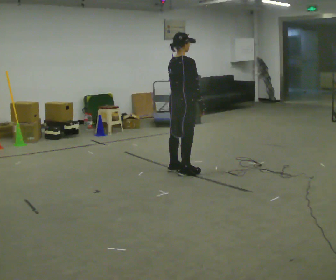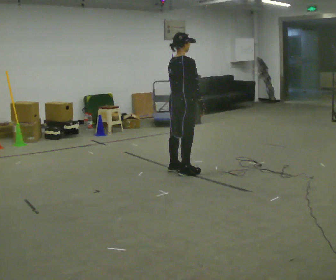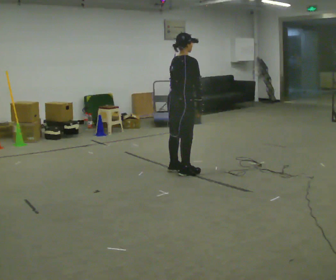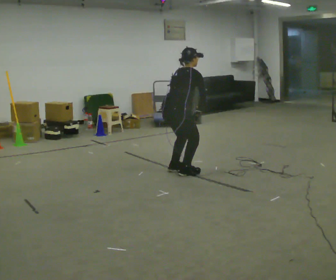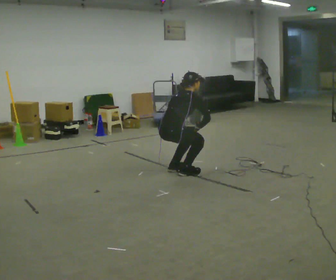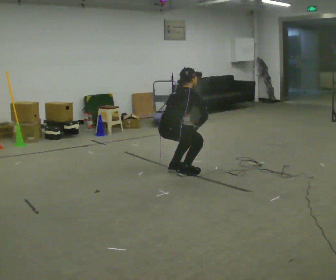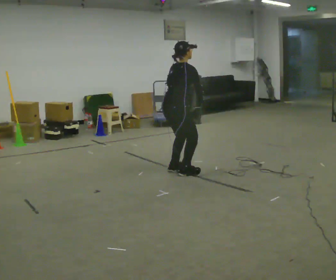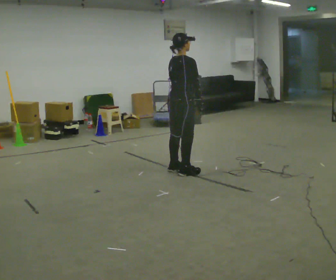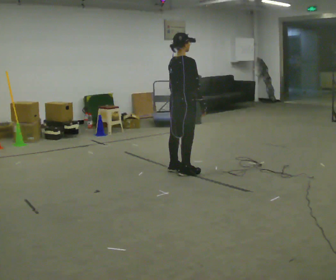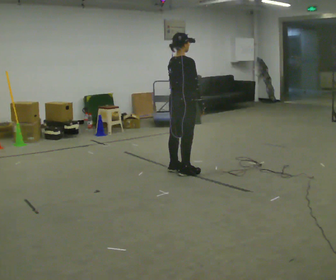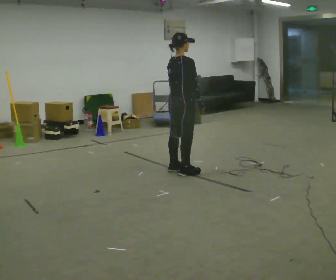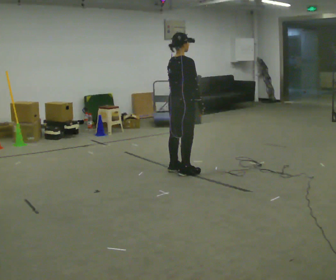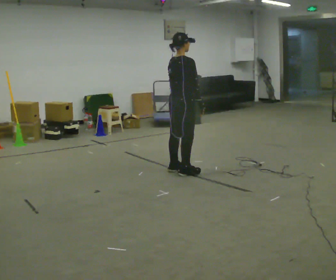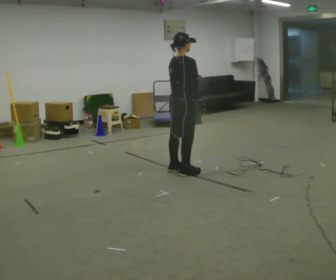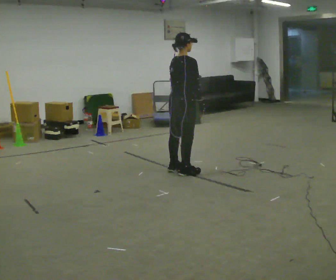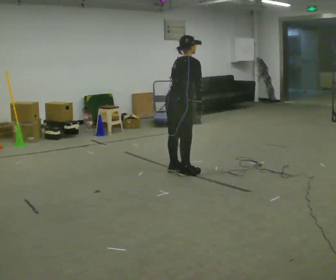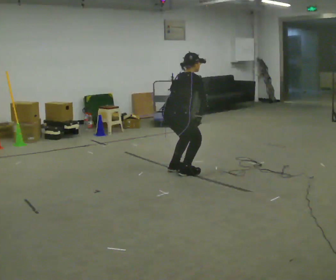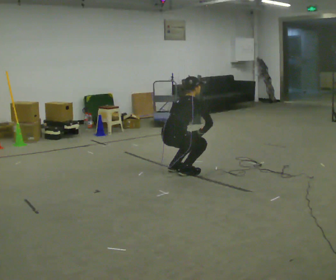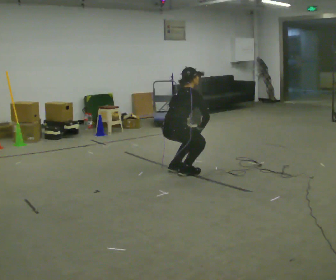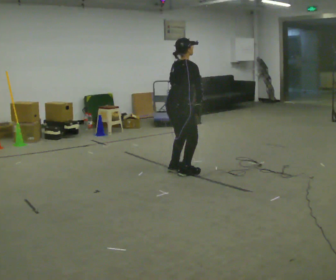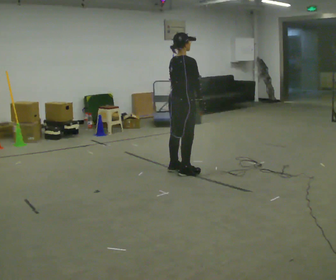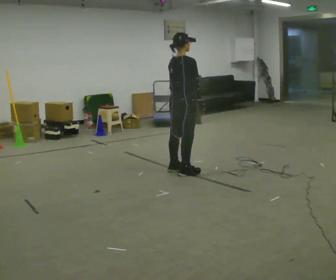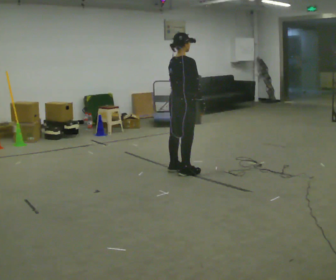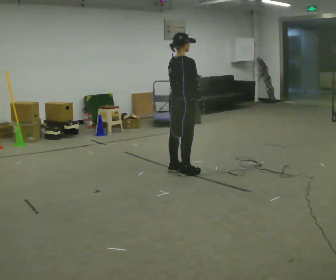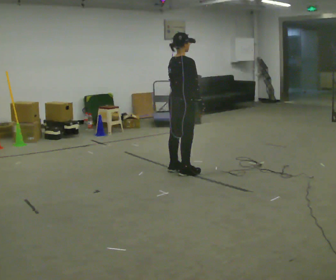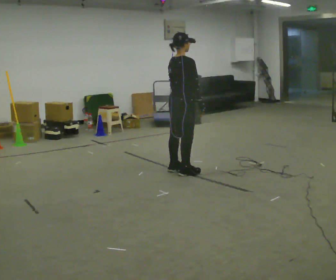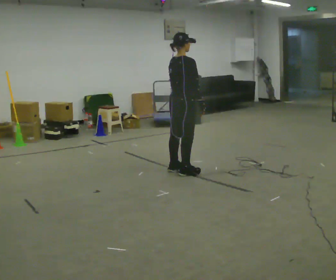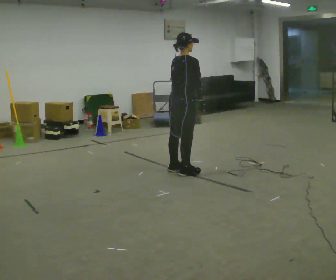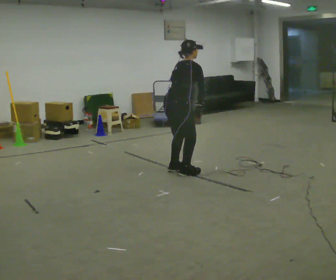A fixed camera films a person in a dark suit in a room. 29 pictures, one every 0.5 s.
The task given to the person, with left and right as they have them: Squat down as far as is comfortable, then stand back up. Repeat the movement at your own pace until the operator says stop; do not rush.
0.0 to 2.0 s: The shoulders move downward. In the picture the upper body tilts clockwise, shoulders to the right, as they bend forward.
2.0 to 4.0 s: The shoulders move upward. In the picture the upper body tilts counterclockwise, shoulders to the left, as they lean back or straighten.
4.0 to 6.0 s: The person moves a little, or ends about where they began.
6.0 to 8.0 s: The upper body goes downward. In the picture the upper body tilts clockwise, shoulders to the right, as they bend forward.
8.0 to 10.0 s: In the picture the upper body tilts counterclockwise, shoulders to the left, as they lean back or straighten.
10.0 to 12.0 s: The person moves a little, or ends about where they began.
12.0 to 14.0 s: In the picture the upper body tilts clockwise, shoulders to the right, as they bend forward.
The film runs forward here.
